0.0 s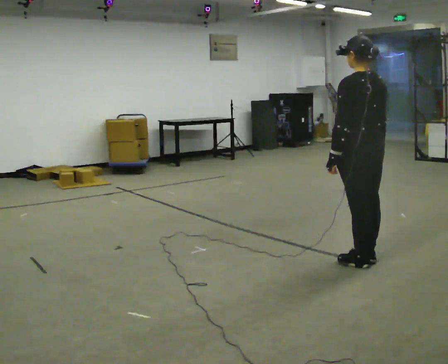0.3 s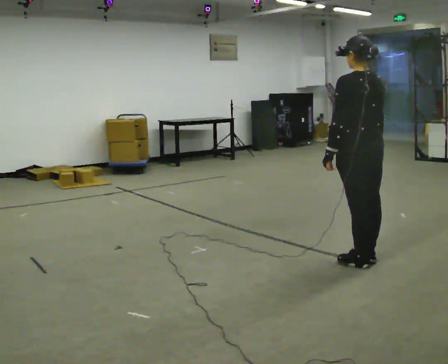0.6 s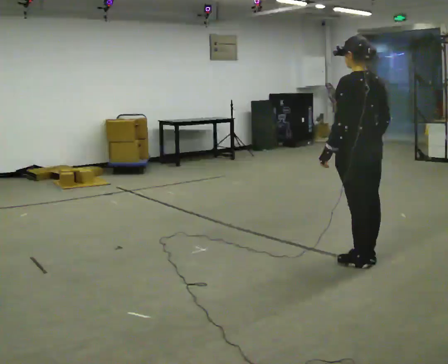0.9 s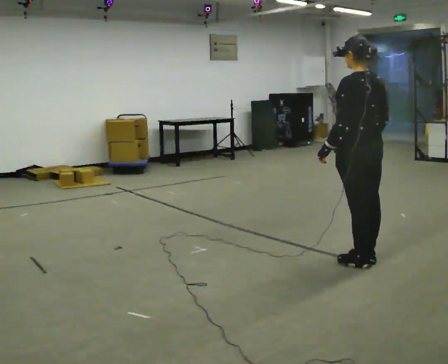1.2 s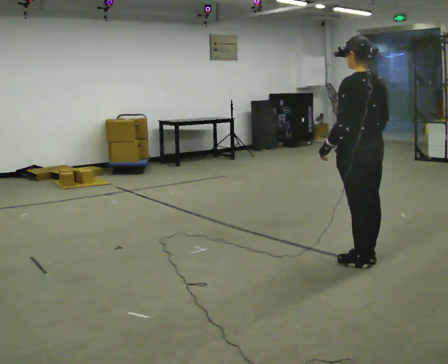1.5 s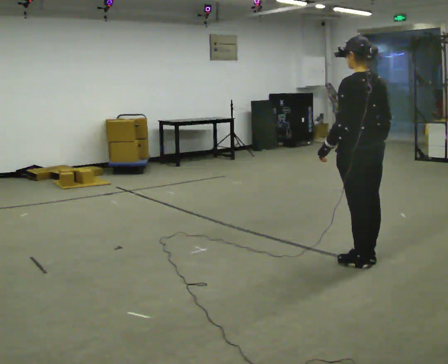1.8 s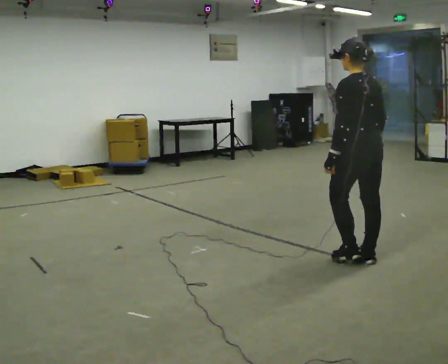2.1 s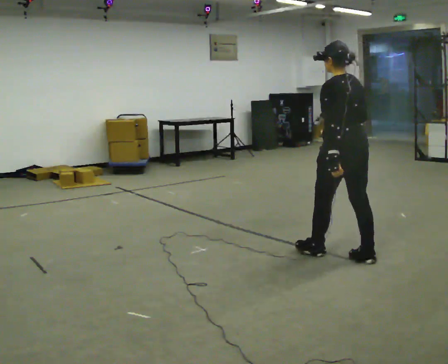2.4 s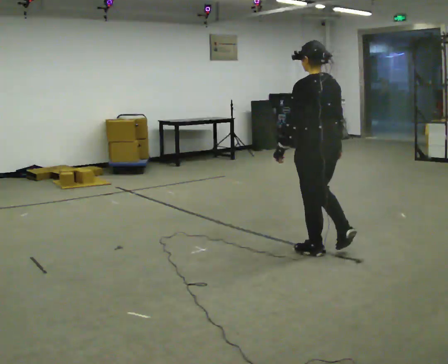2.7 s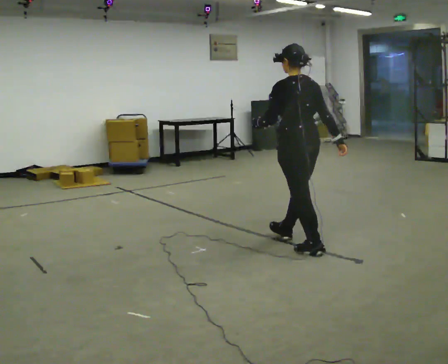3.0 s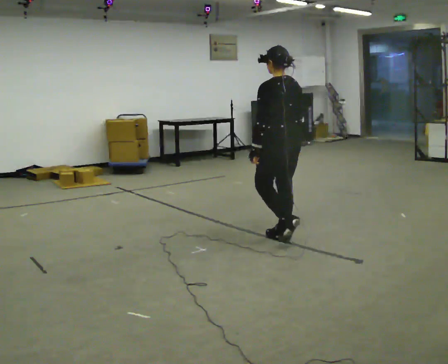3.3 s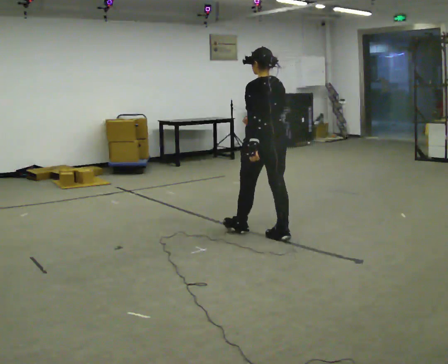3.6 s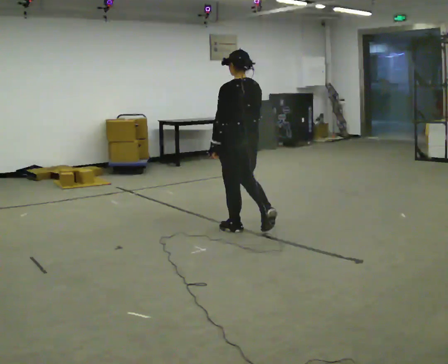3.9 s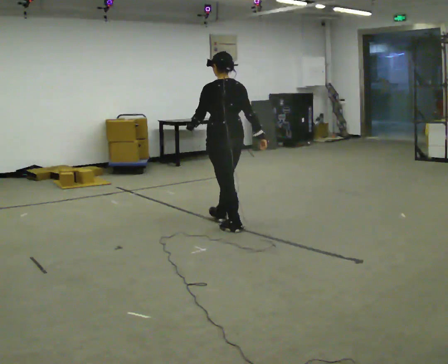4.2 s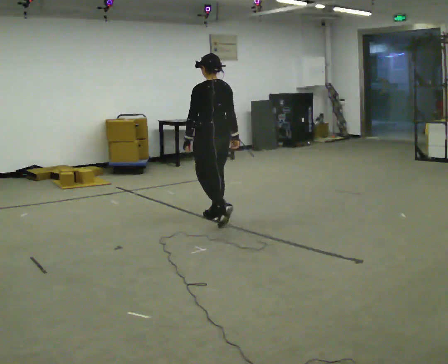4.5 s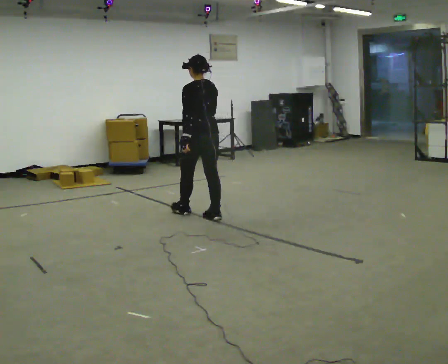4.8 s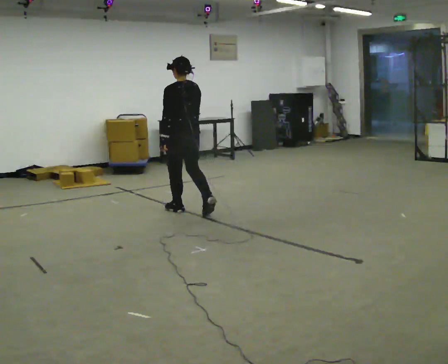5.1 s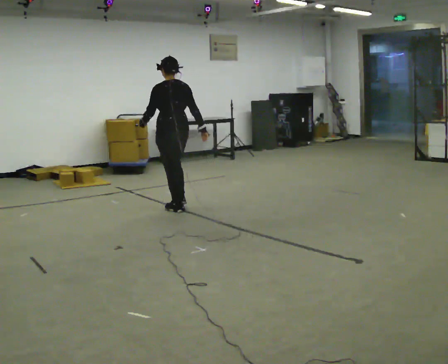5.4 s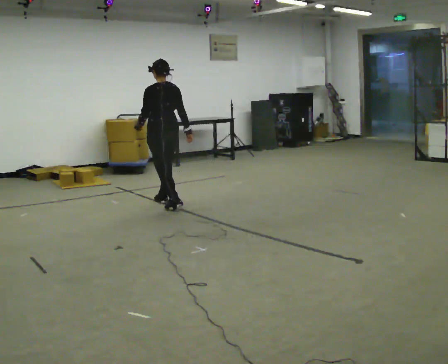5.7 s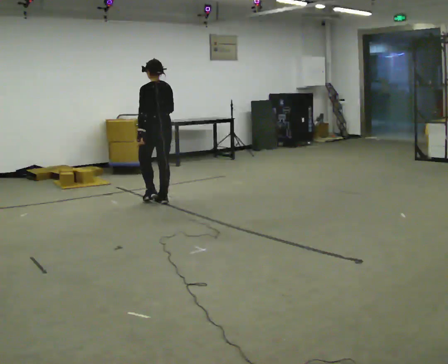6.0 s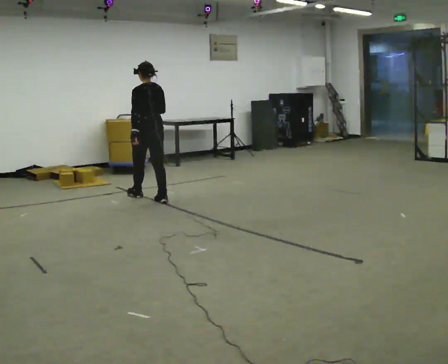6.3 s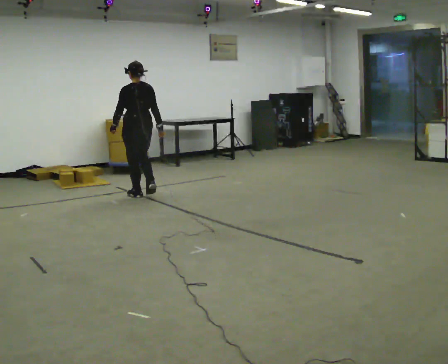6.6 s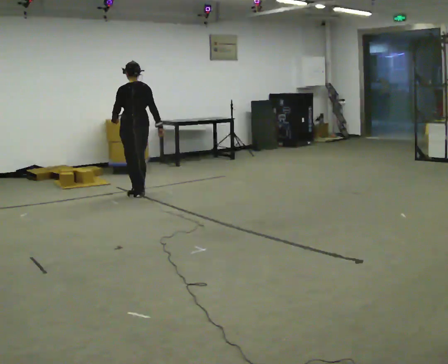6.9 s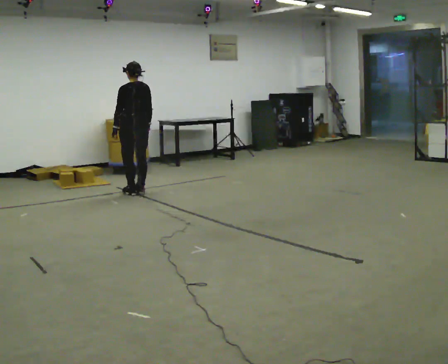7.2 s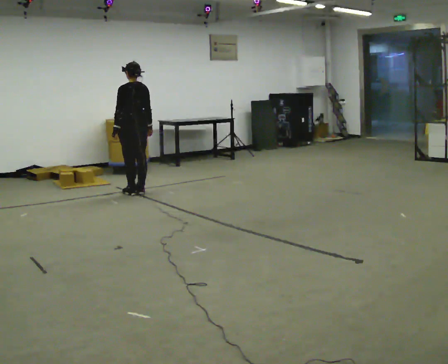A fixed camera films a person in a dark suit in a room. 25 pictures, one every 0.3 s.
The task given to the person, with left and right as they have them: Start still; walk straight at normal comfortable speed; stop at endpoint.
0.0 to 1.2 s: The person moves a little, or ends about where they began.
1.2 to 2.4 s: In the picture they go away from the camera and to the left, about 0.5 m in 1 step, which for them is forward.
2.4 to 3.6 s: In the picture they go away from the camera and to the left, about 1 m in 2 steps, which for them is forward.
3.6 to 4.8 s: In the picture they go away from the camera and to the left, about 1 m in 2 steps, which for them is forward.
4.8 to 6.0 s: In the picture they go away from the camera and to the left, about 1 m in 2 steps, which for them is forward.
6.0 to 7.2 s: In the picture they go away from the camera and to the left, about 0.25 m in 1 step, which for them is forward.
The film runs forward here.
